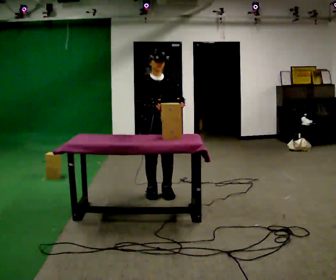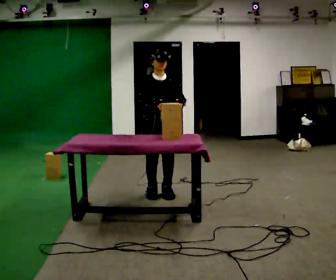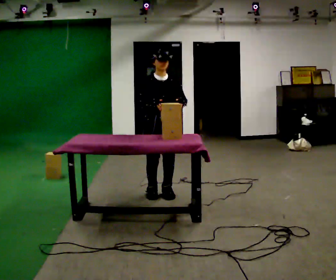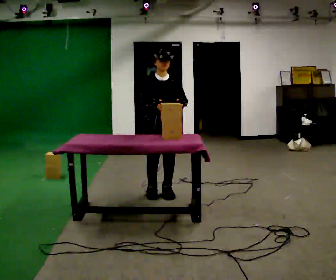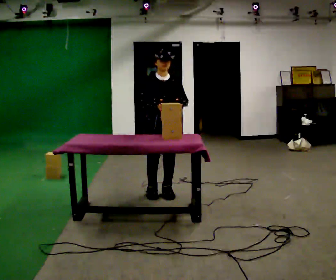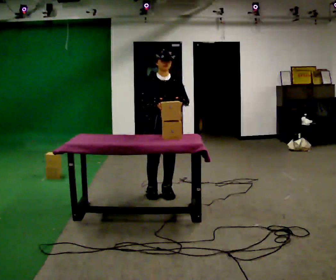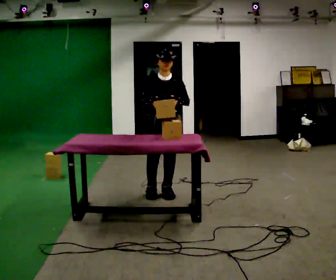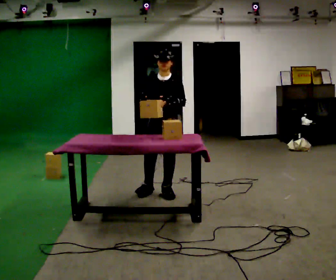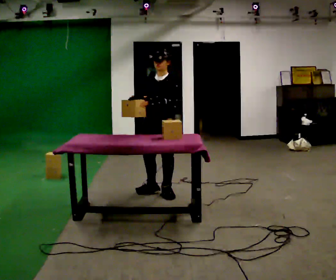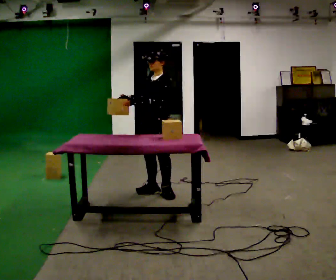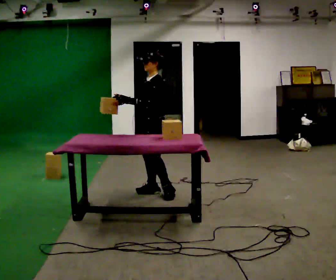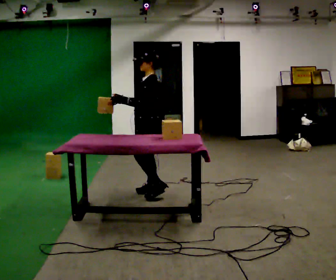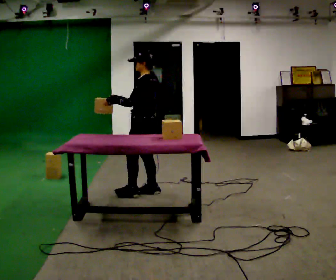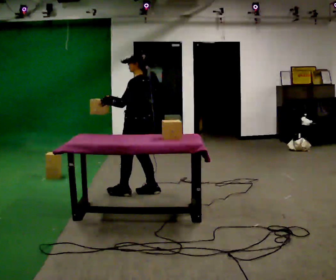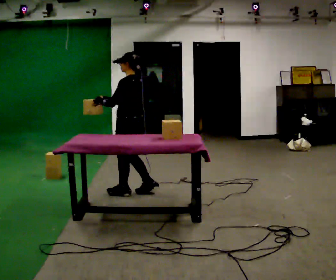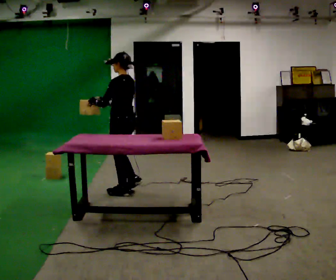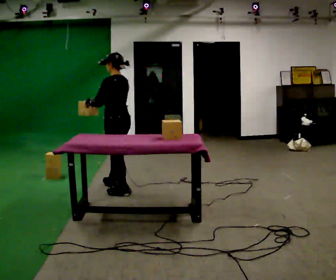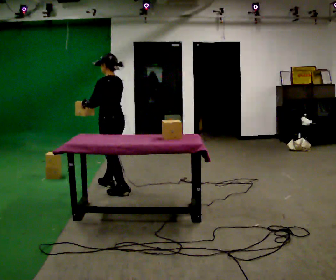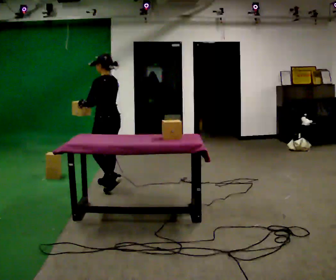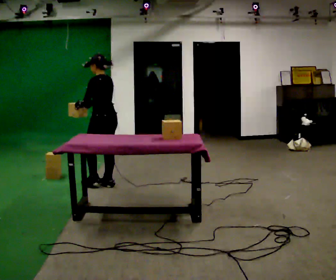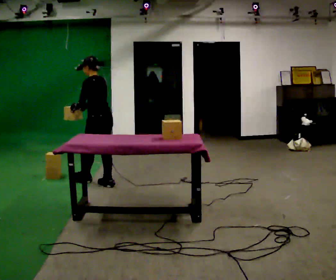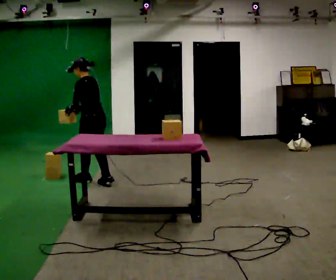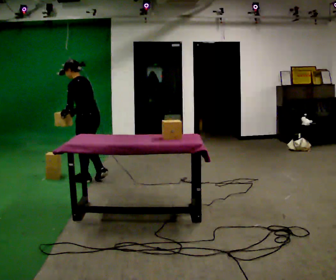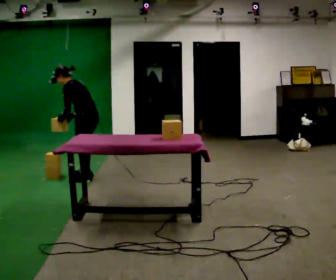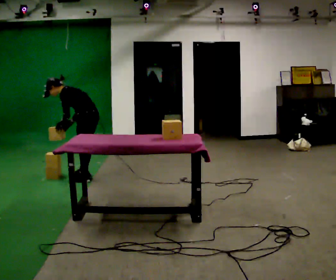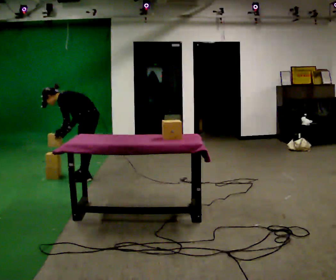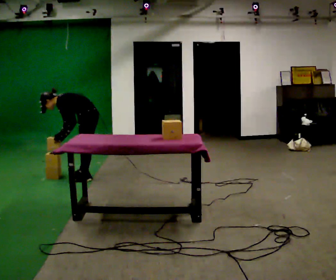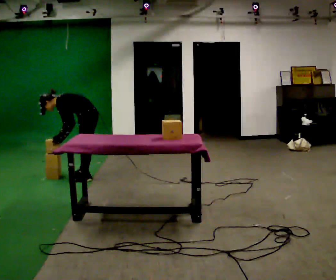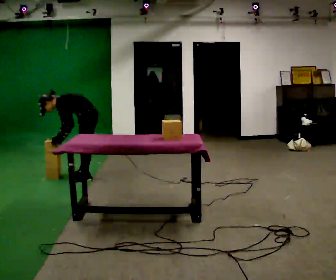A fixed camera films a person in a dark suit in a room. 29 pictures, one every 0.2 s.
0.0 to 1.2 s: The person moves a little, or ends about where they began.
1.2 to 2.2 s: The part of the body nearest the lens slides to the left as the person turns to their right by about 90 degrees. In the picture they go to the left, about 0.25 m. In the picture their left hand goes to the left.
2.2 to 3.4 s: The part of the body nearest the lens slides to the left as the person turns to their right by about 30 degrees. In the picture they go to the left, about 0.5 m in 2 steps, which for them is forward.
3.4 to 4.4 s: In the picture they go away from the camera and to the left, about 0.5 m in 1 step, which for them is forward. In the picture the upper body tilts counterclockwise, shoulders to the left, as they bend forward.
4.4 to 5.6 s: The person turns about 30 degrees to their left, counterclockwise seen from above, so the part of the body nearest the lens slides to the right. In the picture they go away from the camera, about 0.25 m in 1 step, which for them is to their right. The upper body goes downward. In the picture the upper body tilts counterclockwise, shoulders to the left, as they bend forward. In the picture their left hand goes downward.
The film runs forward here.
